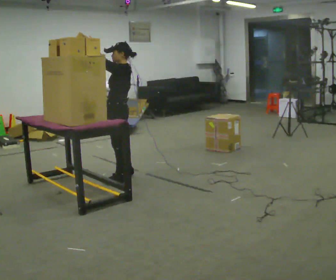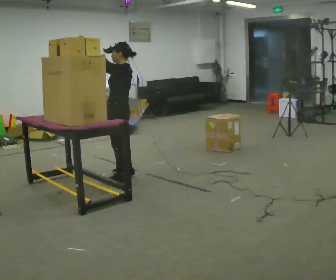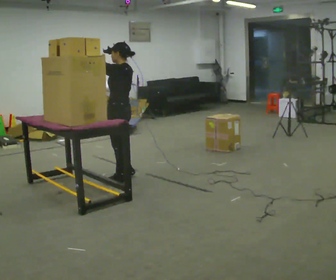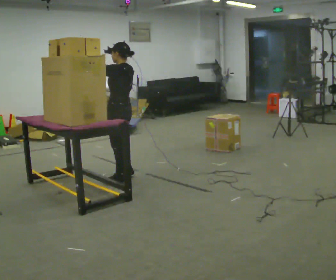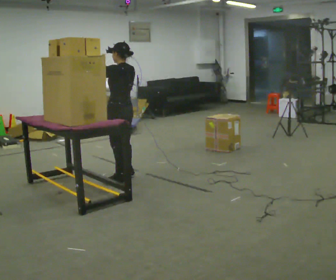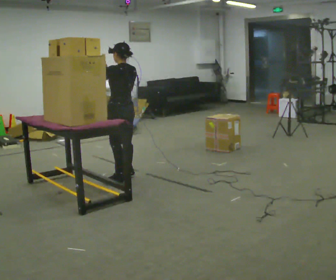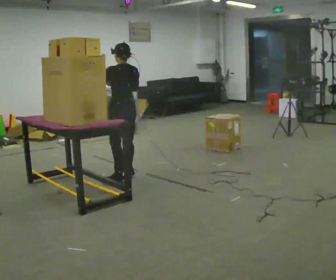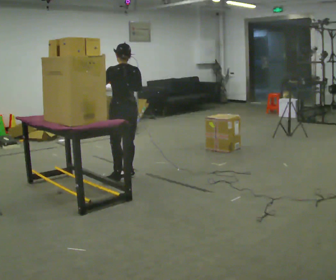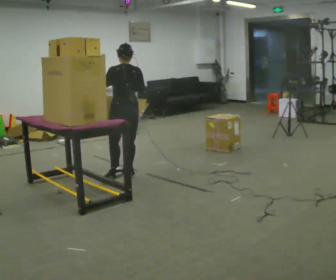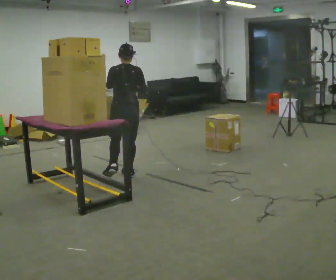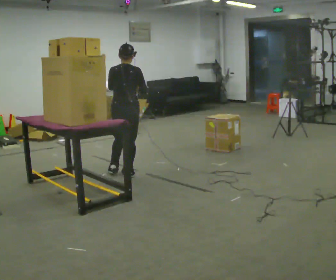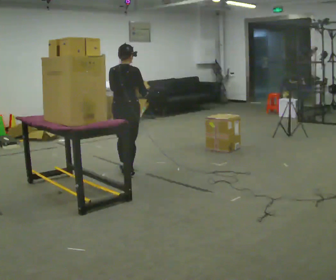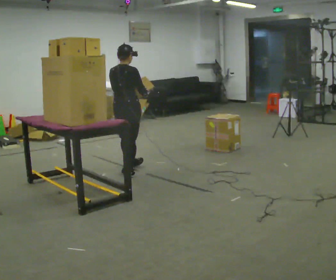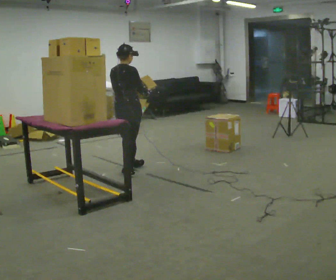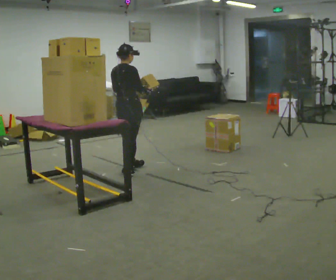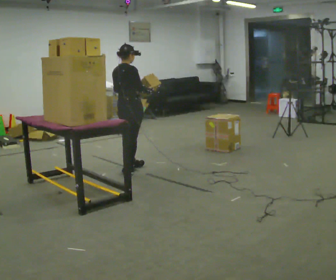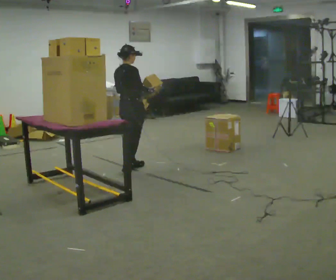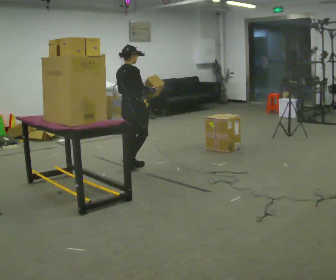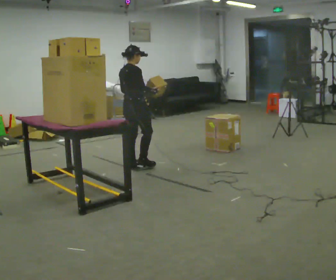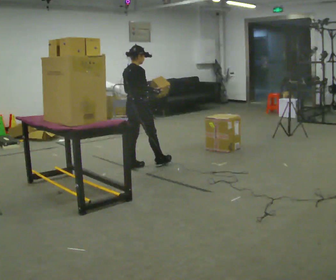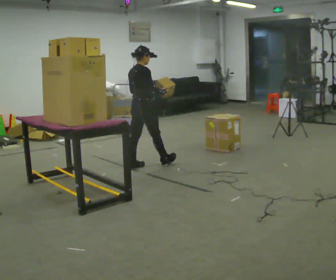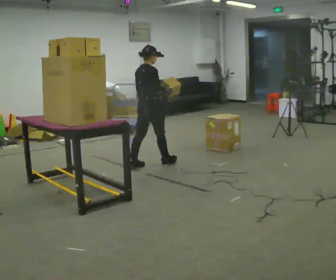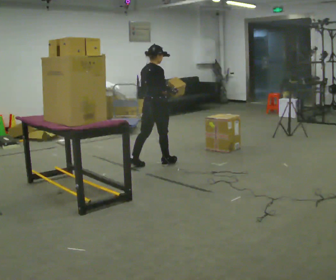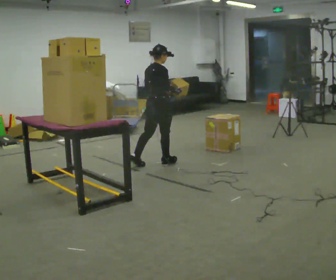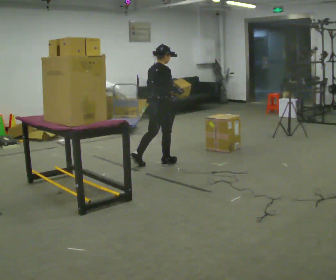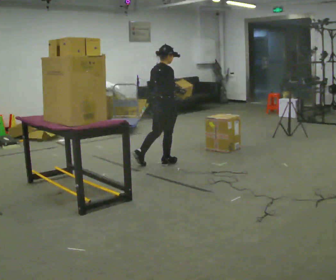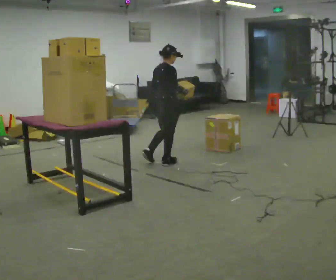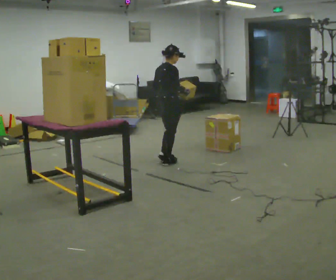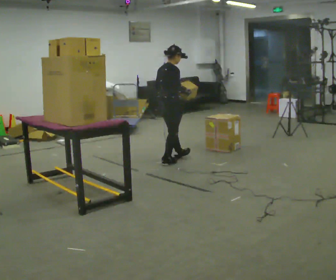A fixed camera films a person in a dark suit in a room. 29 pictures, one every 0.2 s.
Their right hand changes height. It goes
downward.
The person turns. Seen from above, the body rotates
clockwise.
0.0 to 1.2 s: The person turns about 60 degrees to their right, clockwise seen from above, so the part of the body nearest the lens slides to the left. In the picture their right hand goes downward and to the right.
1.2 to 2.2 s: The part of the body nearest the lens slides to the left as the person turns to their right by about 45 degrees.
2.2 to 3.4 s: The person turns about 30 degrees to their right, clockwise seen from above, so the part of the body nearest the lens slides to the left. In the picture they go away from the camera, about 0.25 m in 1 step, which for them is forward.
3.4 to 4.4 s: In the picture they go to the right, about 0.25 m in 1 step, which for them is forward.
4.4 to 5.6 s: In the picture they go to the right, about 0.25 m, which for them is forward.
The film runs forward here.
